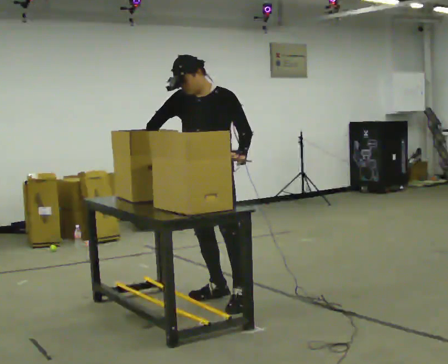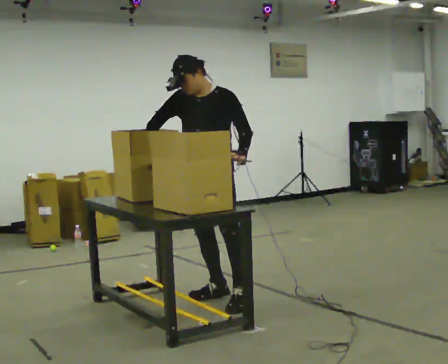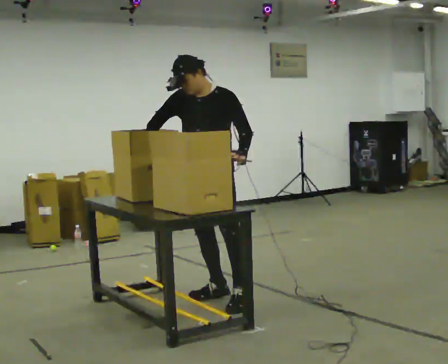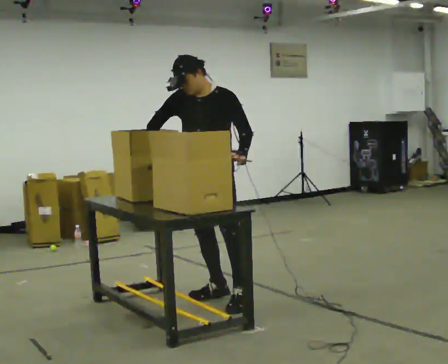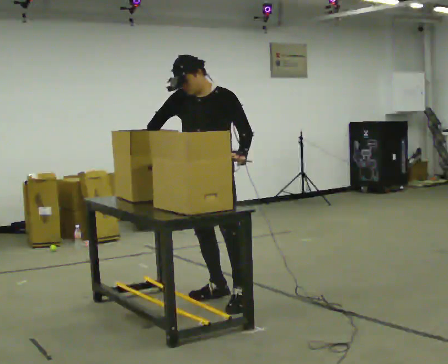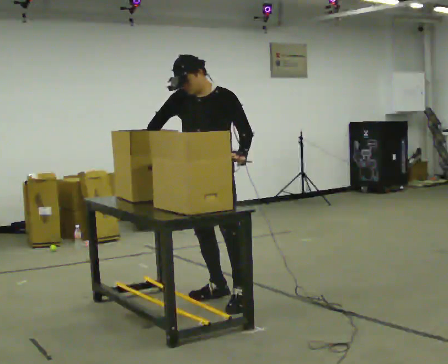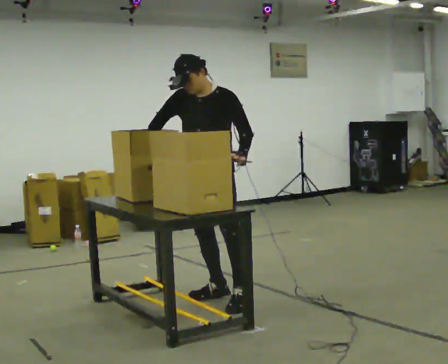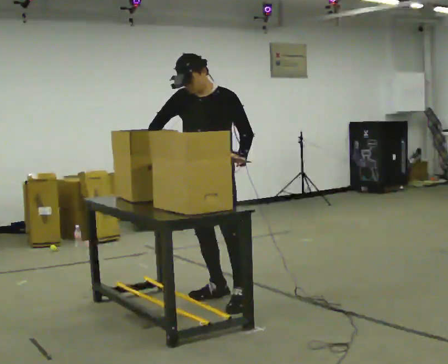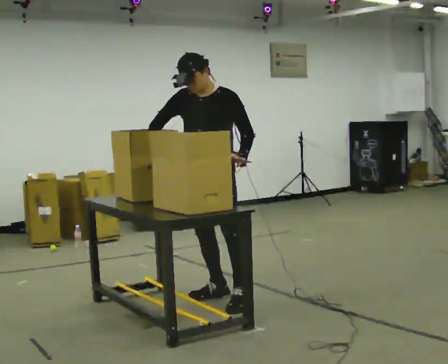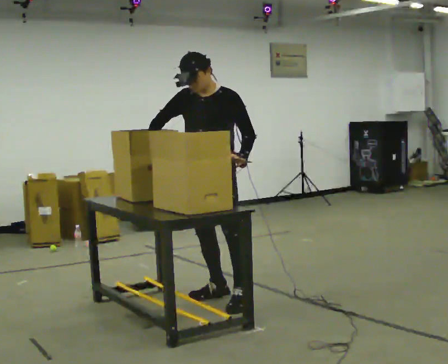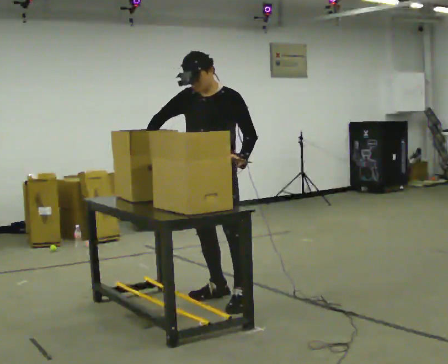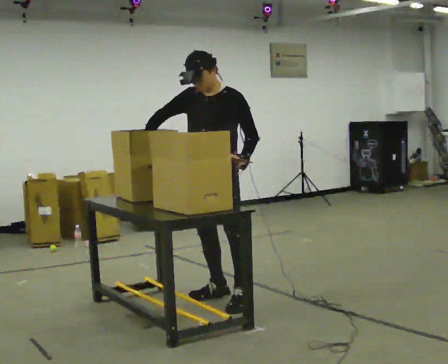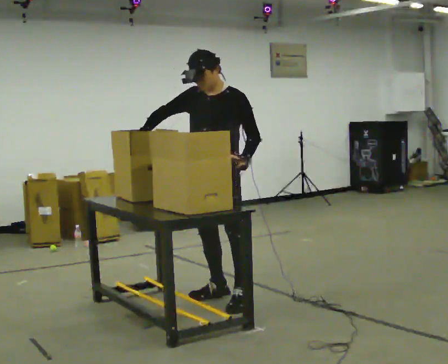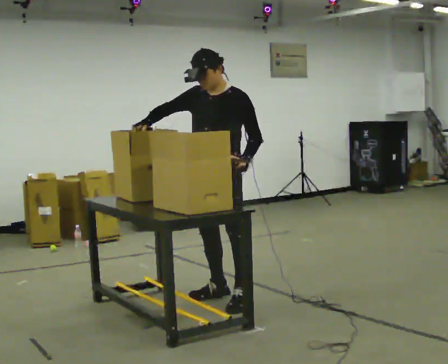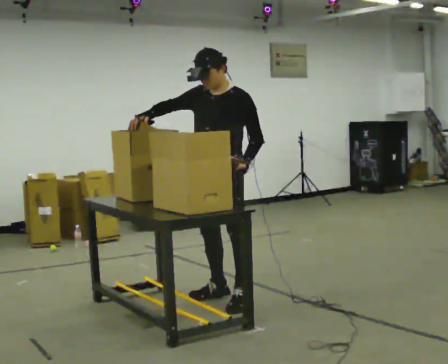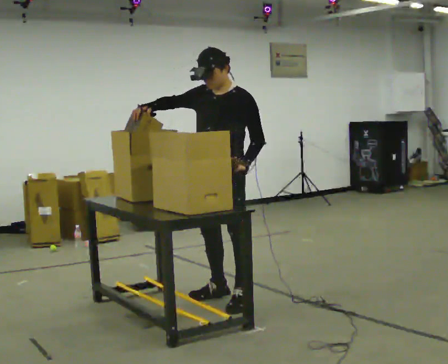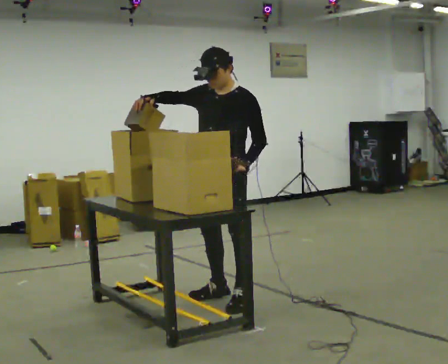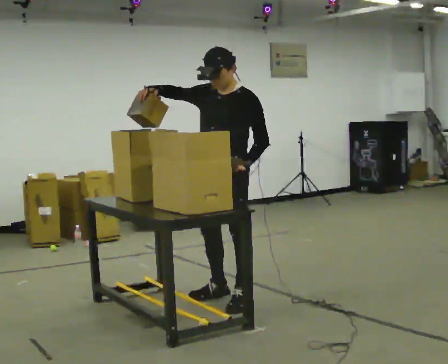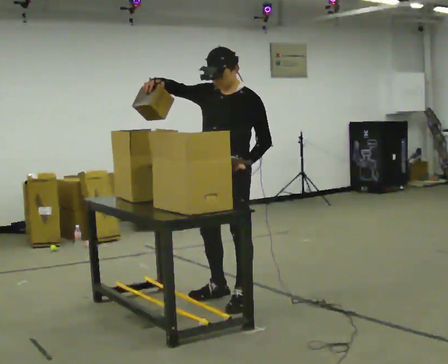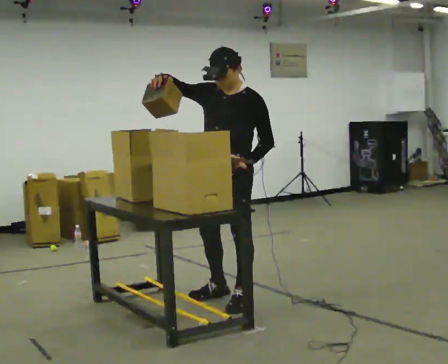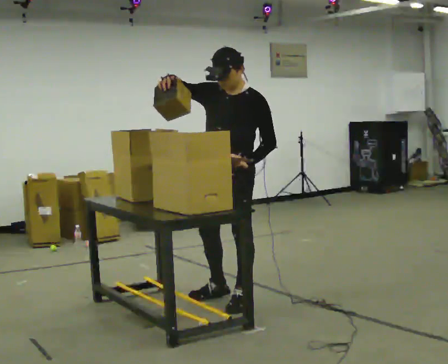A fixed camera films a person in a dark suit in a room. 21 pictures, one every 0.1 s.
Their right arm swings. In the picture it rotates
clockwise.
Their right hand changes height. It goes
upward.
0.0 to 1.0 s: The person moves a little, or ends about where they began.
1.0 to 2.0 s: In the picture they go toward the camera, about 0.25 m, which for them is to their left. In the picture their right hand goes upward, the arm swinging clockwise.
The film runs forward here.
